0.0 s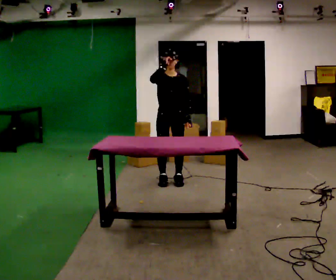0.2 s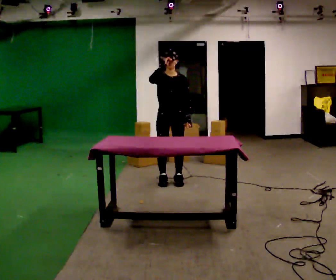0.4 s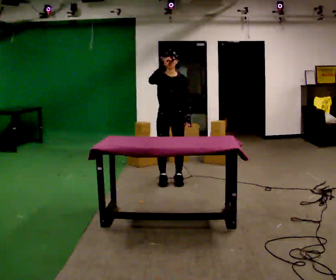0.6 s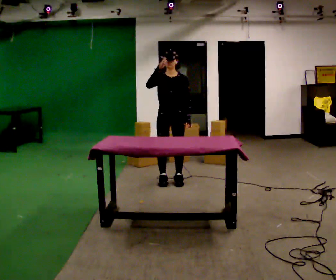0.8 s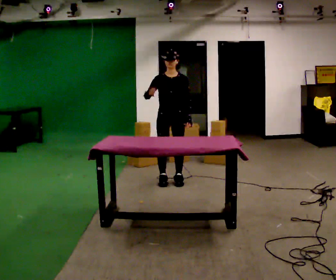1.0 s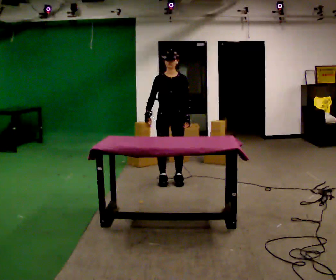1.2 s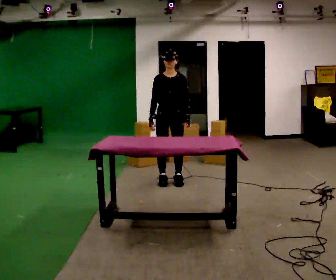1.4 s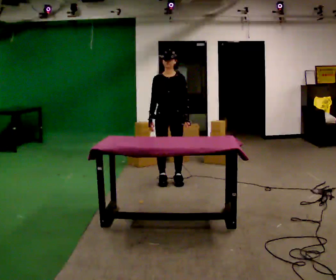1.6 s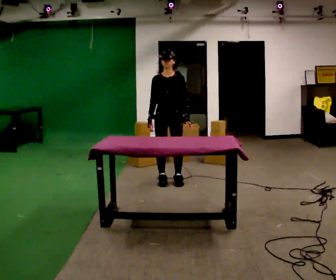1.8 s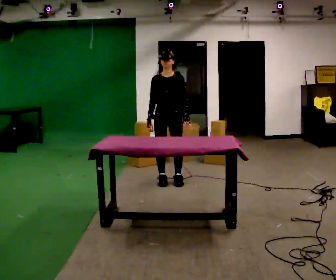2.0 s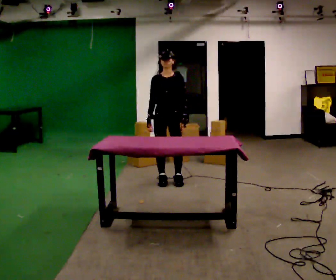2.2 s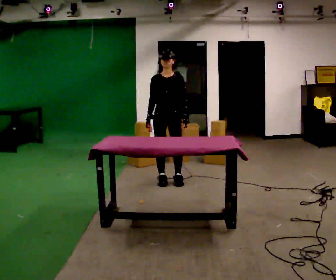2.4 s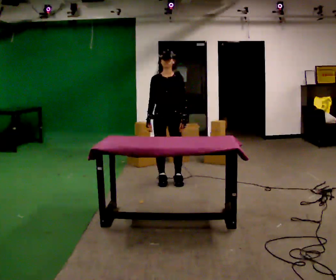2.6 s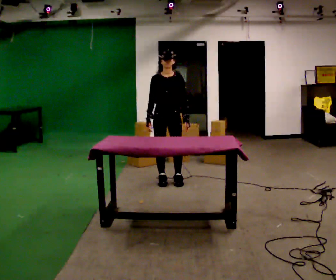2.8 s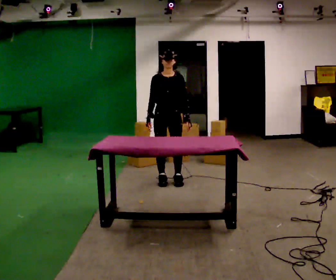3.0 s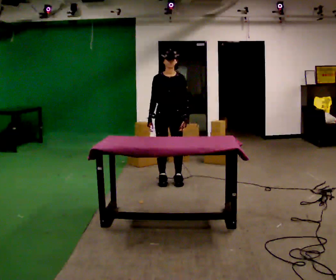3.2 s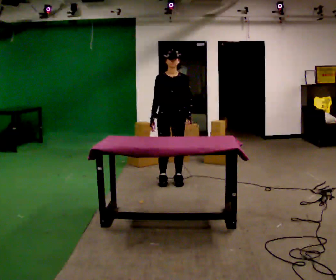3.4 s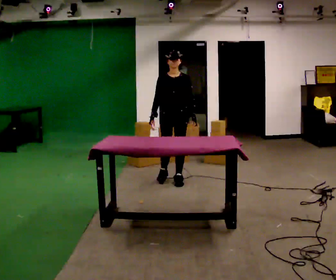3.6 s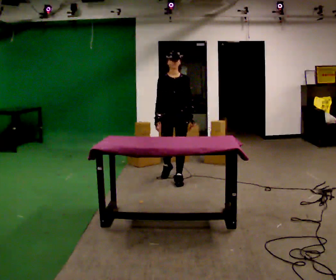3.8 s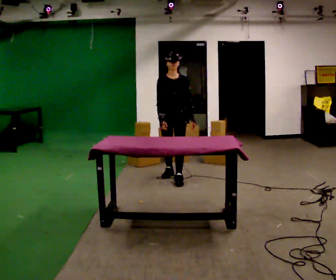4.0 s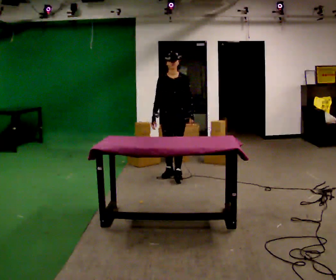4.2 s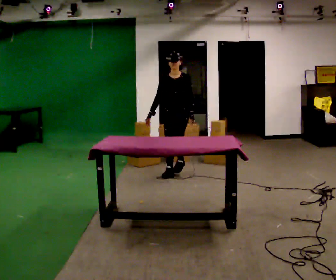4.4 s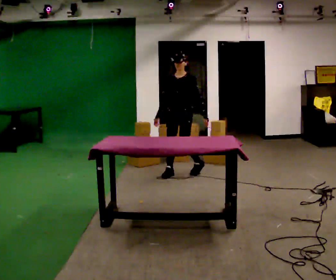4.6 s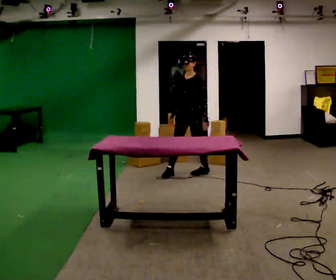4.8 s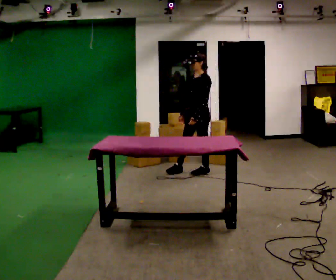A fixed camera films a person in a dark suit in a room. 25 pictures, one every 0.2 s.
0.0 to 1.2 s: In the picture their right hand goes downward.
1.2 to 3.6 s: The person moves a little, or ends about where they began.
3.6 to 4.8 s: The part of the body nearest the lens slides to the left as the person turns to their right by about 45 degrees. In the picture they go away from the camera and to the right, about 0.5 m in 2 steps.
The film runs backward here.
